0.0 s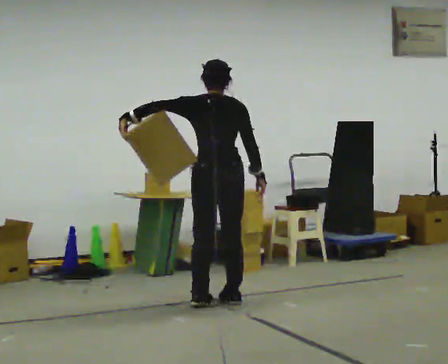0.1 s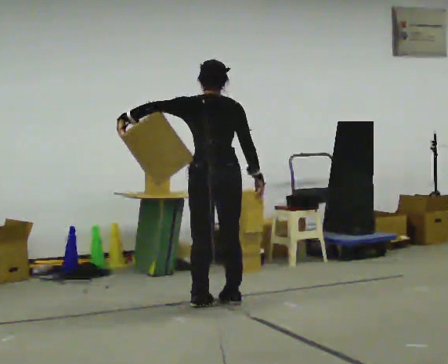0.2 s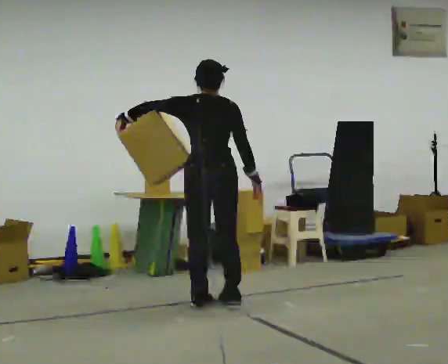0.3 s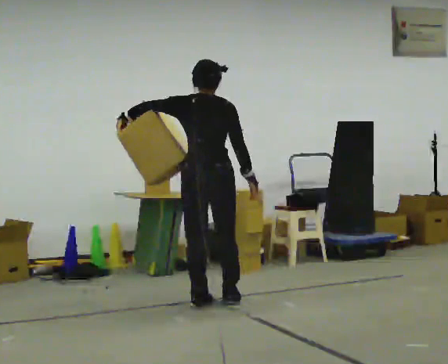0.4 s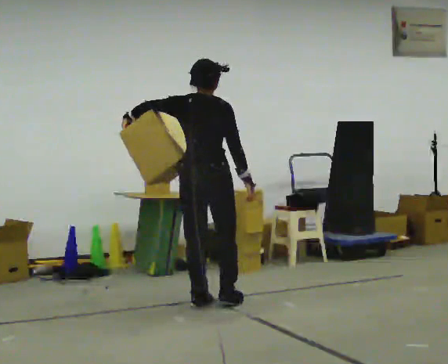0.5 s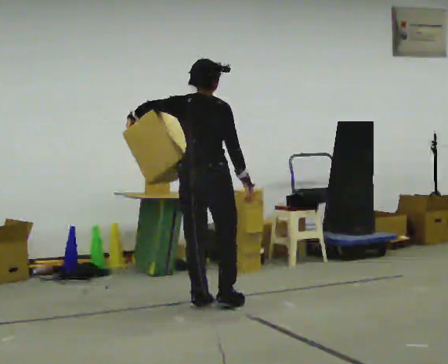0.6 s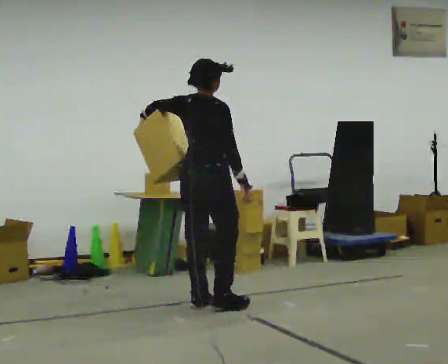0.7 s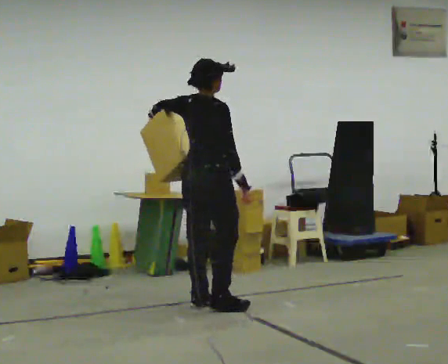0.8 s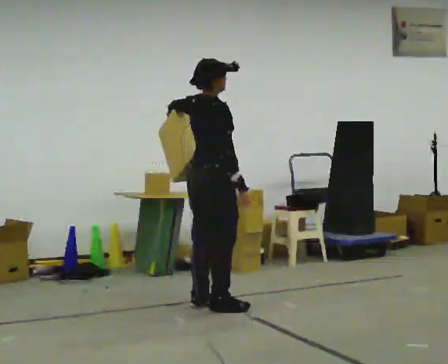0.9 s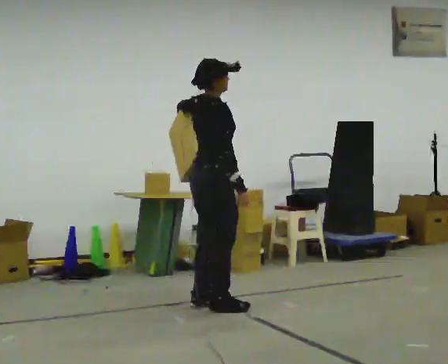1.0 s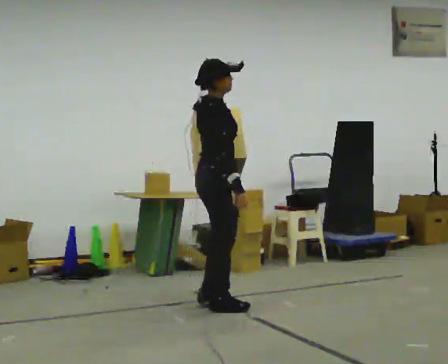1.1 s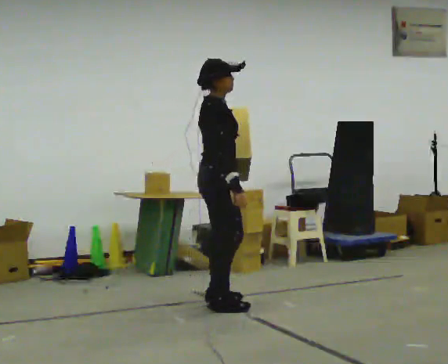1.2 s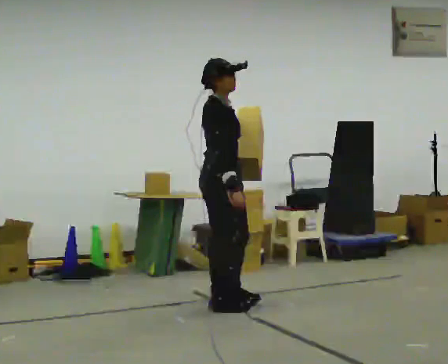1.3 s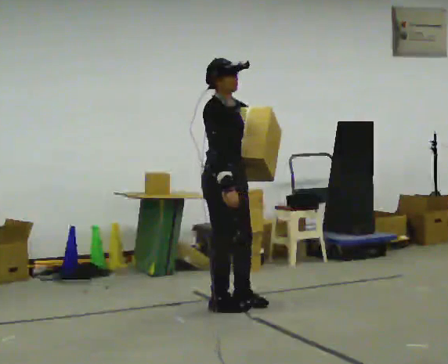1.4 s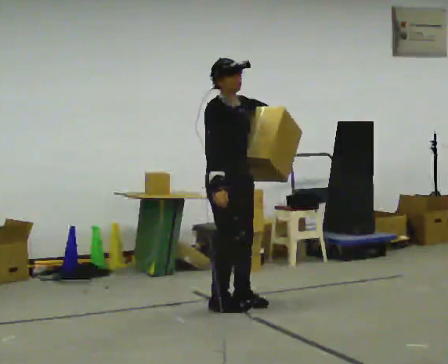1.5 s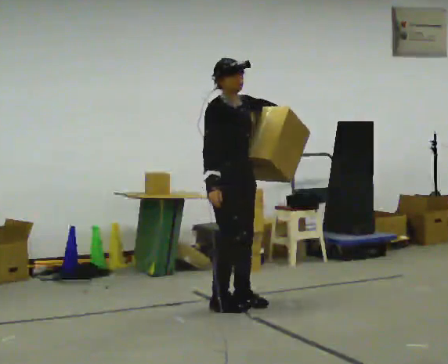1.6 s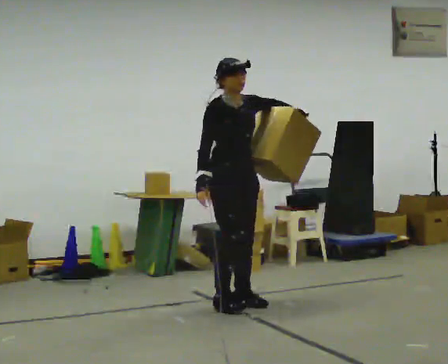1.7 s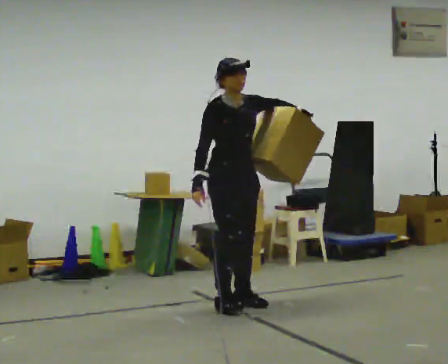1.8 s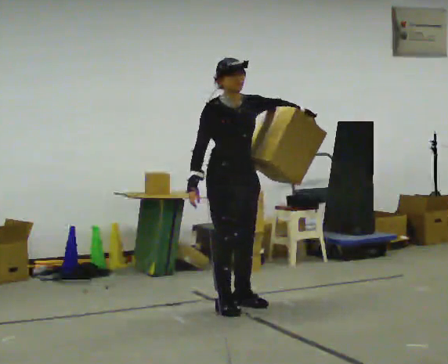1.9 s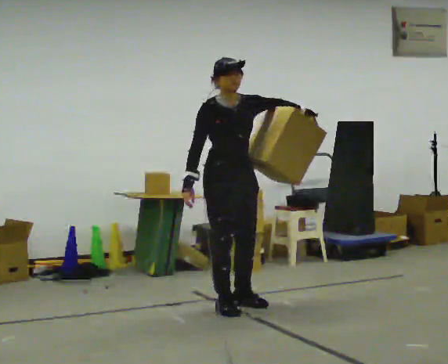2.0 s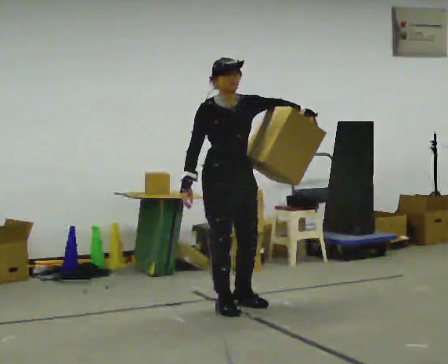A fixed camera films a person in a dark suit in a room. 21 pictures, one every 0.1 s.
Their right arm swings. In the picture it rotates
clockwise.
The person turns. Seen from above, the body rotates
clockwise.
0.0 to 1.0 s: Seen from above the body turns clockwise, about 90 degrees: to their right, with its near side sliding to the left. In the picture they go toward the camera, about 0.25 m in 1 step. In the picture their left hand goes to the right.
1.0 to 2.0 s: The person turns about 75 degrees to their right, clockwise seen from above, so the part of the body nearest the lens slides to the left. In the picture their left hand goes to the right.
The film runs forward here.
